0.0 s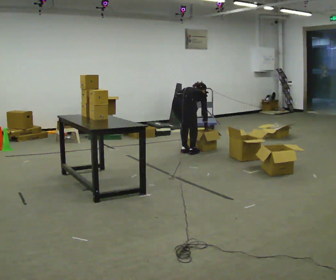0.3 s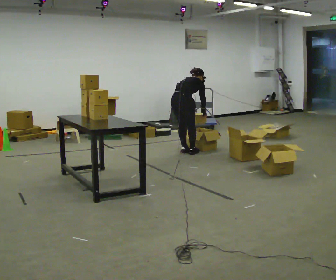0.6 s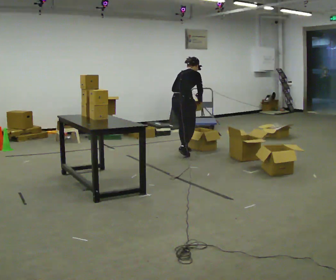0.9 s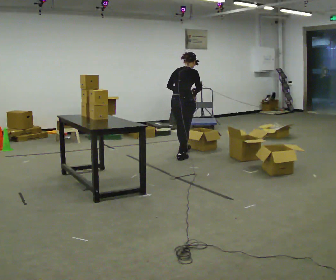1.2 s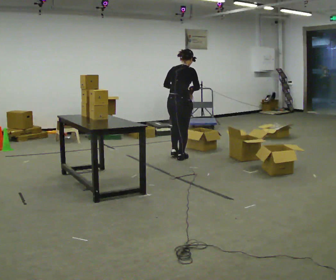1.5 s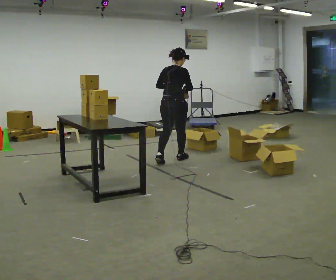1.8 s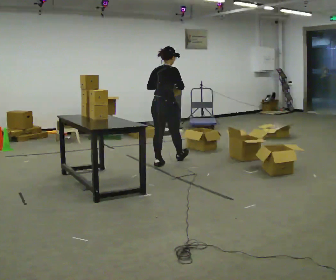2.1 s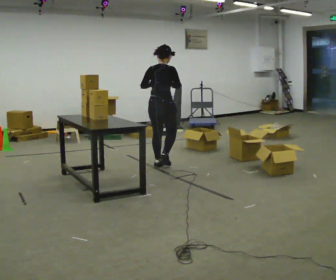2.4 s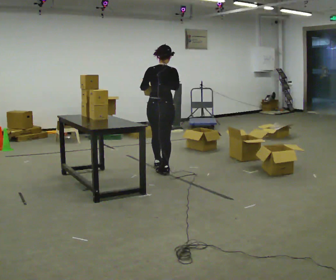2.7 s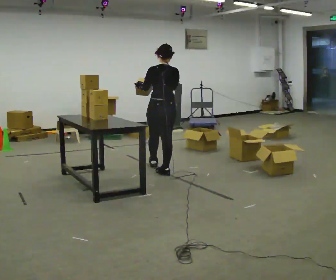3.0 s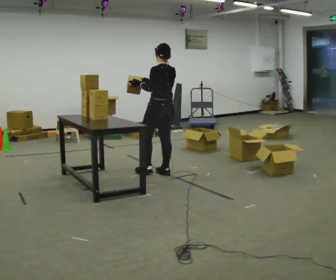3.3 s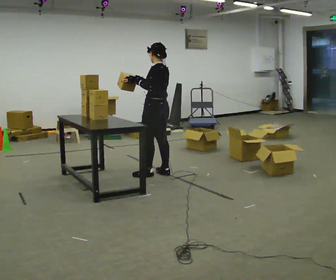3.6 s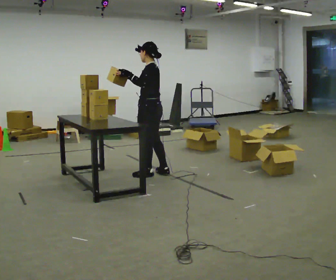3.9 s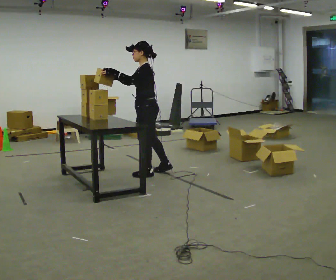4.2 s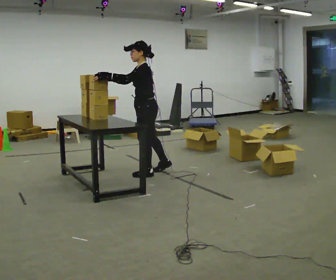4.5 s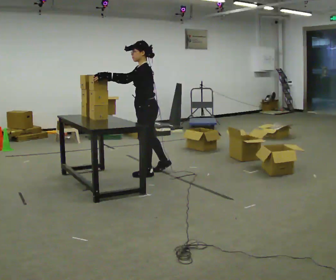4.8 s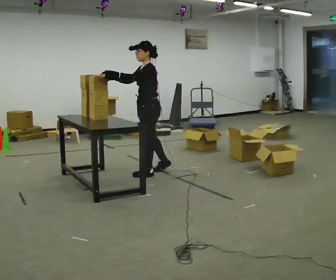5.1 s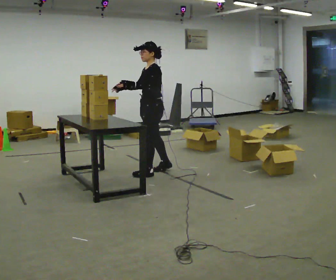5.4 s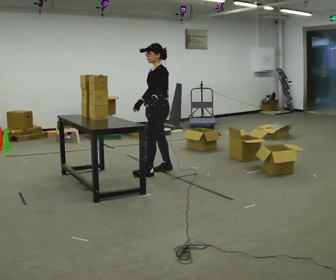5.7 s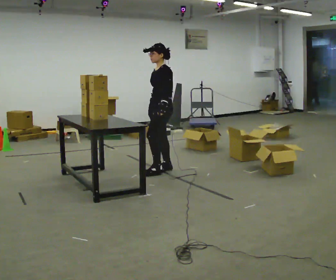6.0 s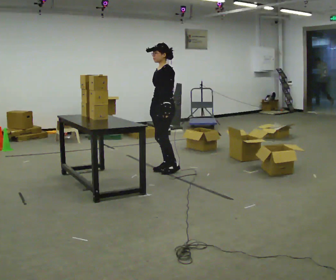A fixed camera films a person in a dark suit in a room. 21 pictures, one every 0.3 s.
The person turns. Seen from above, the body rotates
counterclockwise.
The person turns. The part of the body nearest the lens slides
to the right.
0.0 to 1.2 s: In the picture they go toward the camera, about 0.25 m in 2 steps, which for them is backward and to their right. The upper body goes upward. The upper body tips toward the camera, its near side rolling downward, as they lean back or straighten. In the picture their right hand goes upward.
1.2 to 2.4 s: In the picture they go toward the camera and to the left, about 0.5 m in 1 step, which for them is backward.
2.4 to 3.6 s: The person turns about 90 degrees to their left, counterclockwise seen from above, so the part of the body nearest the lens slides to the right. In the picture they go toward the camera, about 0.25 m in 1 step.
3.6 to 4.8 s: The part of the body nearest the lens slides to the right as the person turns to their left by about 30 degrees.
4.8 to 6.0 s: In the picture they go away from the camera and to the right, about 0.25 m in 1 step, which for them is backward and to their right. In the picture their right hand goes downward, the arm swinging counterclockwise.
The film runs backward here.
